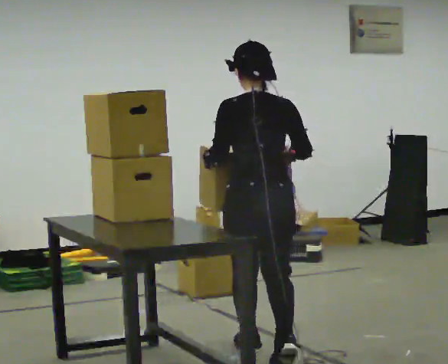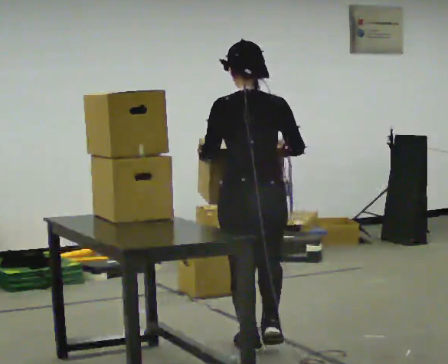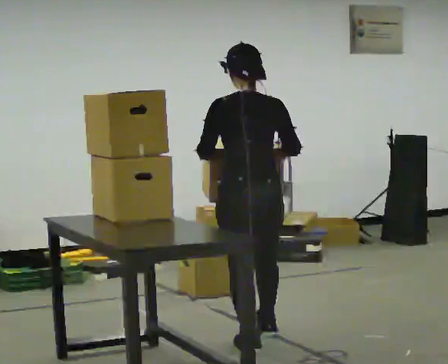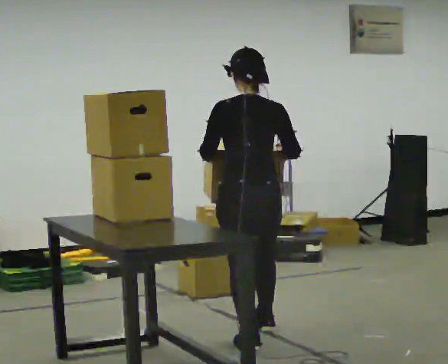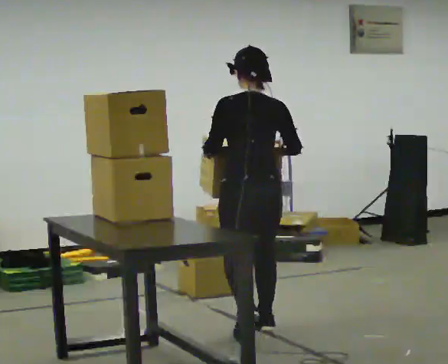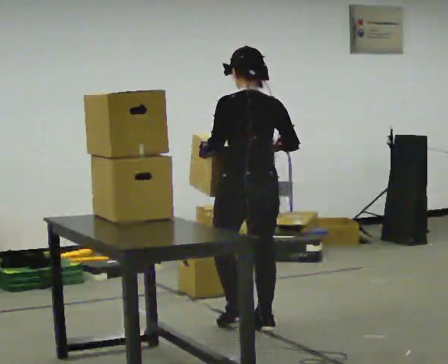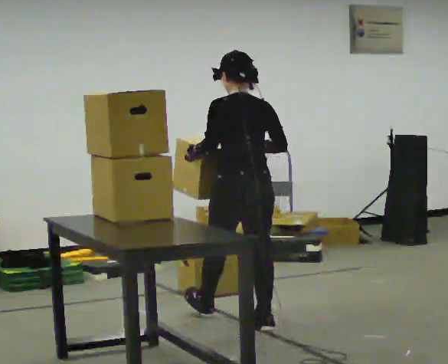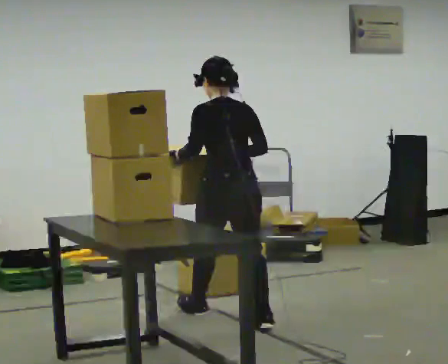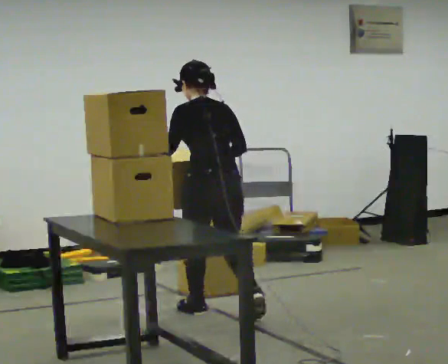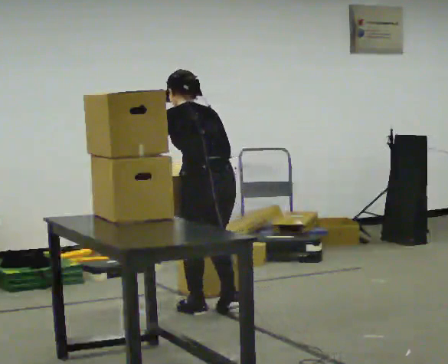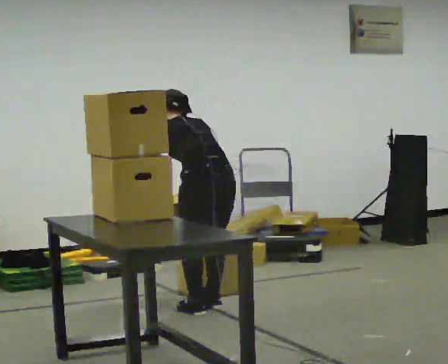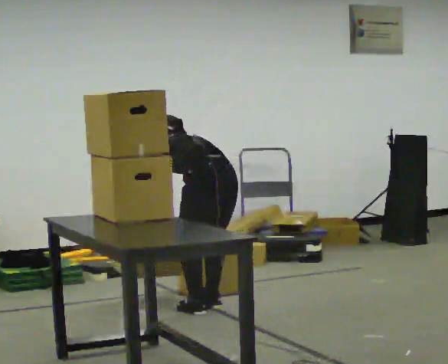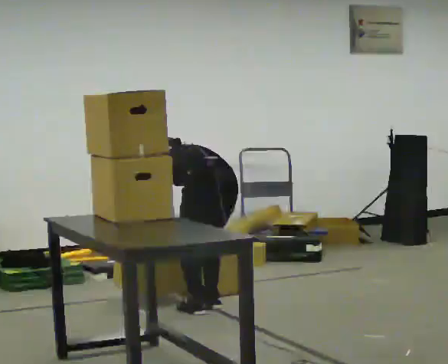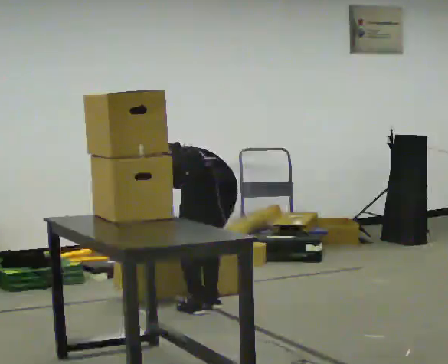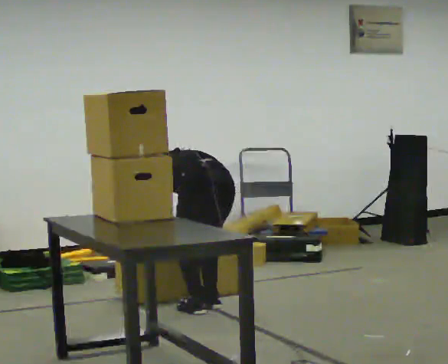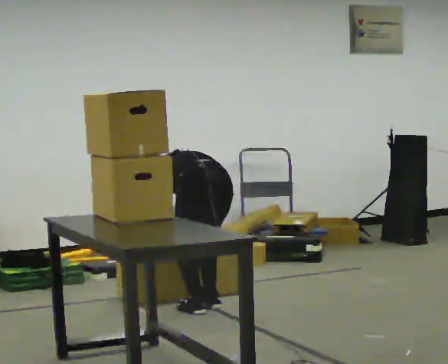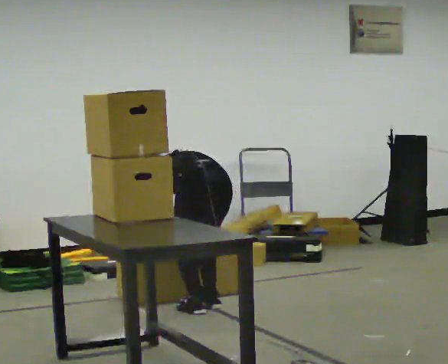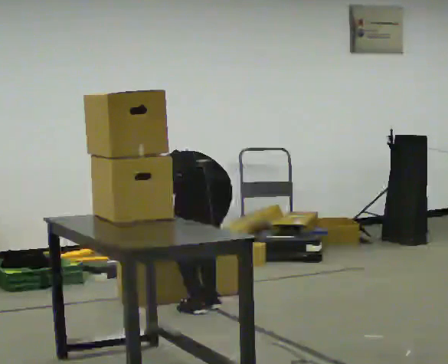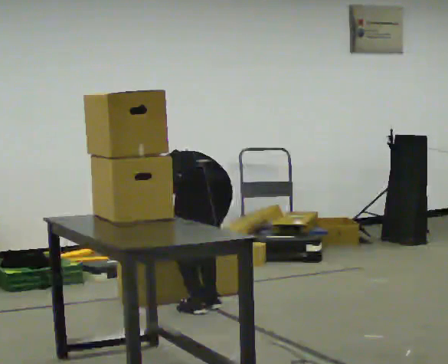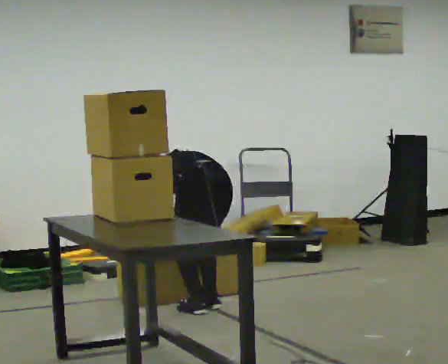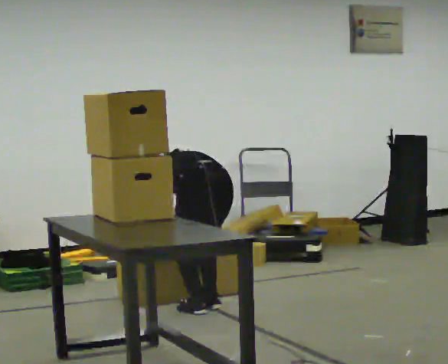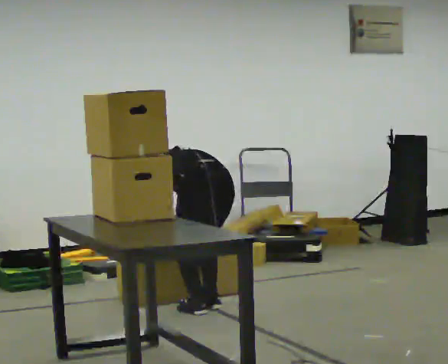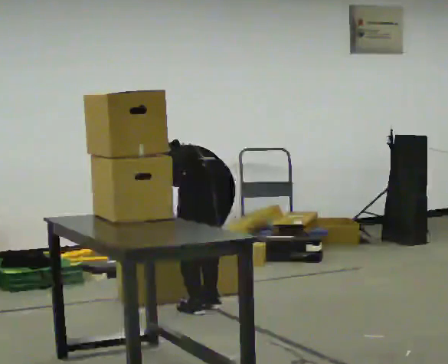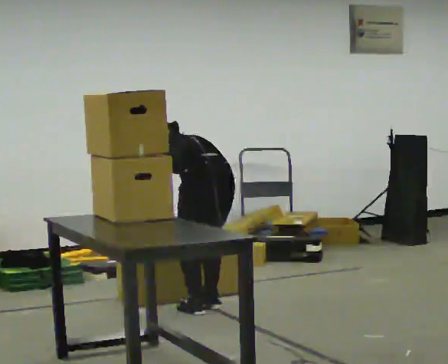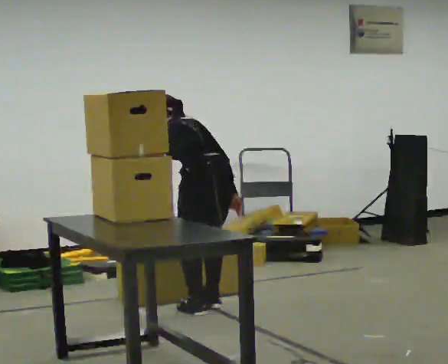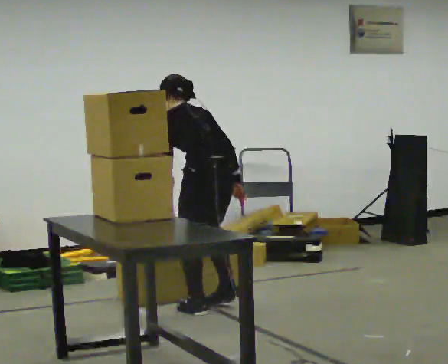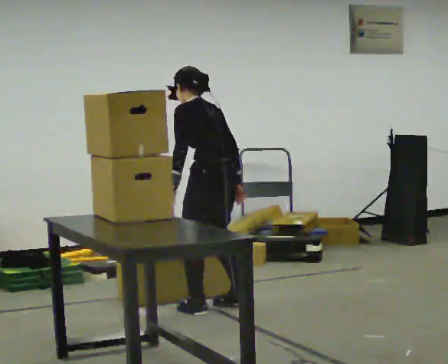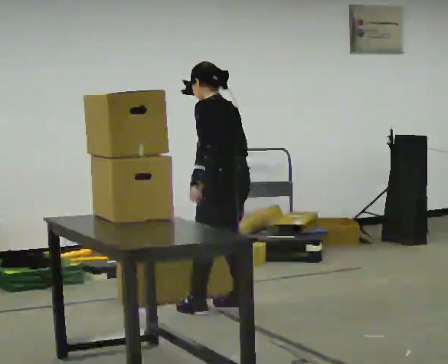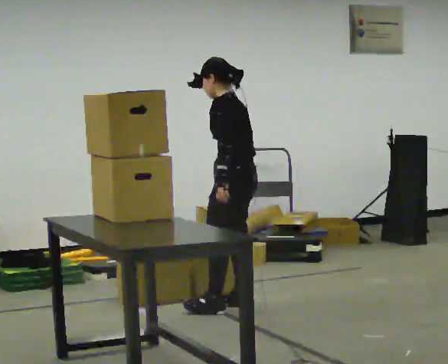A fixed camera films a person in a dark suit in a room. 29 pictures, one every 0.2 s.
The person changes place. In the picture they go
away from the camera.
0.0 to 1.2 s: In the picture they go away from the camera, about 0.75 m in 1 step, which for them is forward.
1.2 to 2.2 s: In the picture they go away from the camera and to the left, about 0.25 m in 2 steps, which for them is forward. The upper body goes downward. The upper body tips away from the camera, its near side rolling upward, as they bend forward. In the picture their right hand goes downward.
2.2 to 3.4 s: The upper body tips away from the camera, its near side rolling upward, as they bend forward.
3.4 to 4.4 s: The person moves a little, or ends about where they began.
4.4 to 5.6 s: Seen from above the body turns counterclockwise, about 45 degrees: to their left, with its near side sliding to the right. In the picture they go to the right, about 0.25 m in 1 step, which for them is to their right. The shoulders move upward. The upper body tips toward the camera, its near side rolling downward, as they lean back or straighten. In the picture their left hand goes upward.
The film runs forward here.
